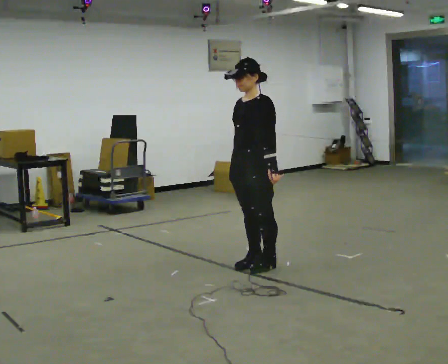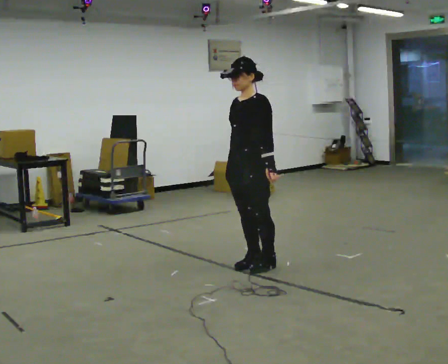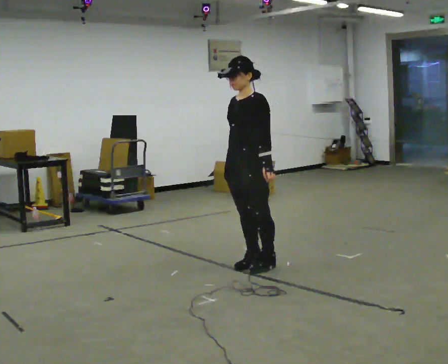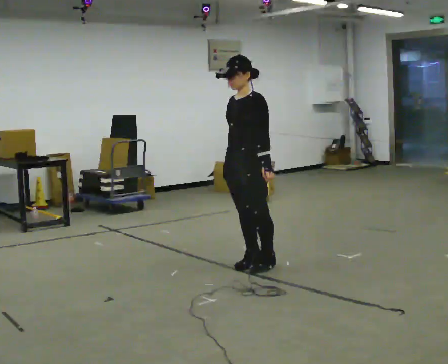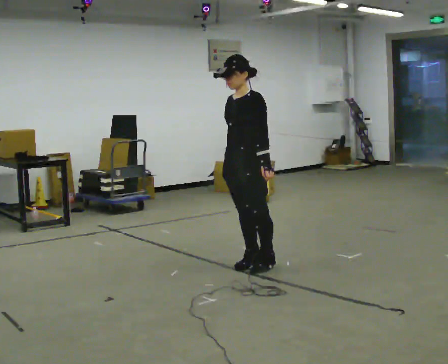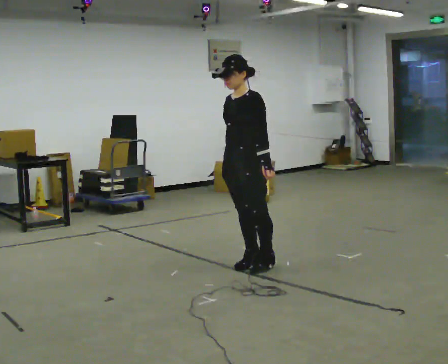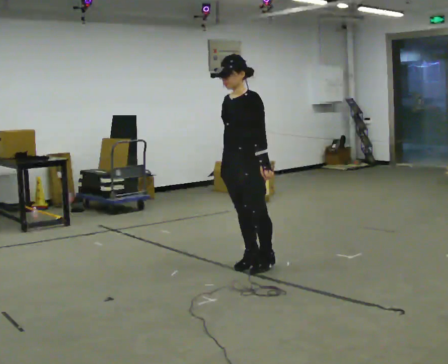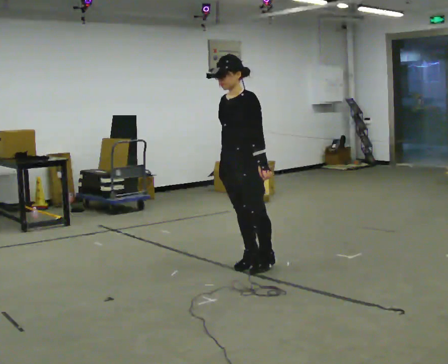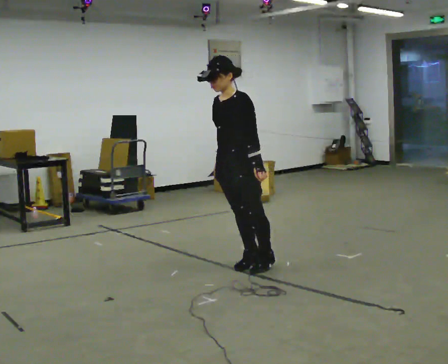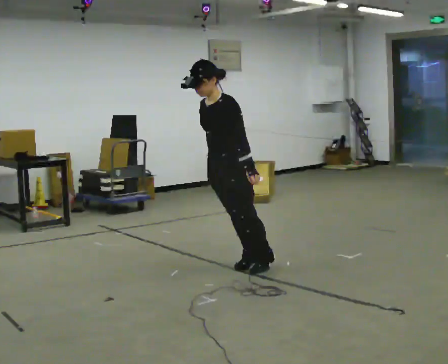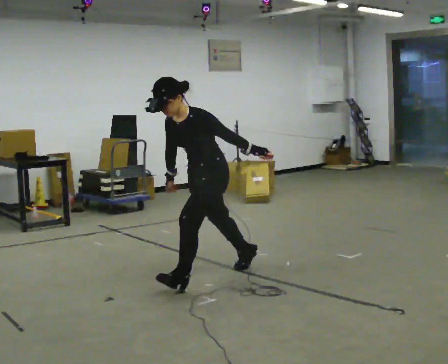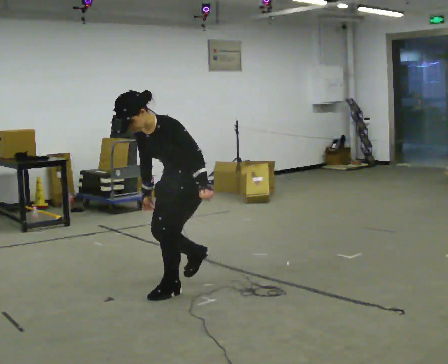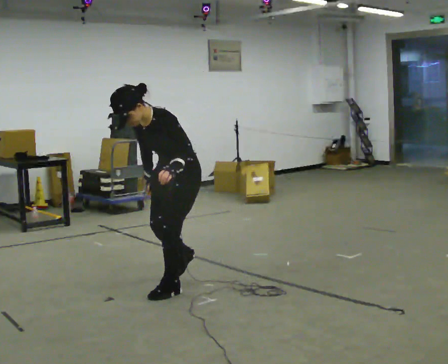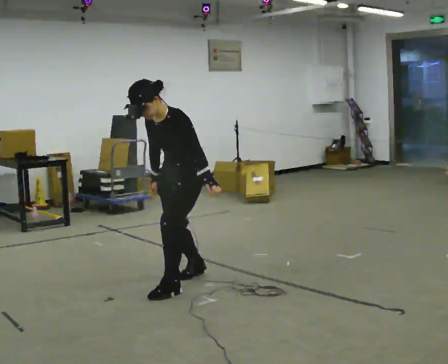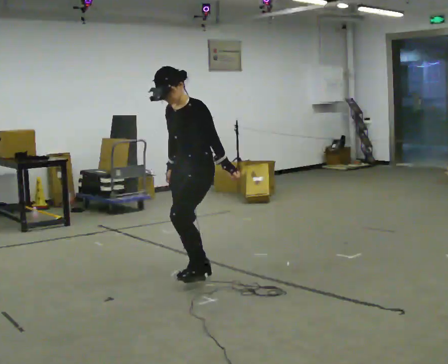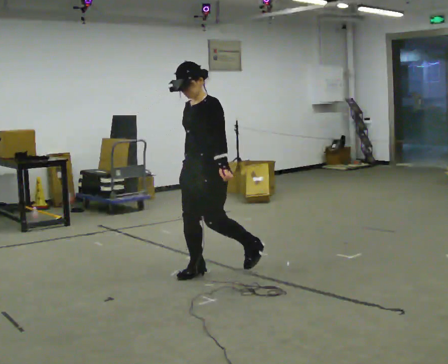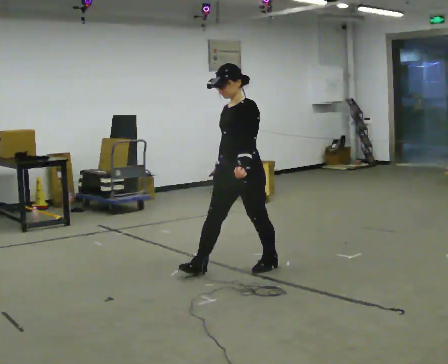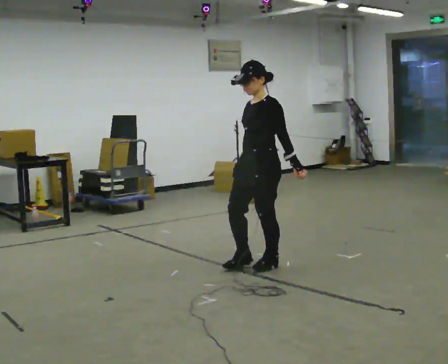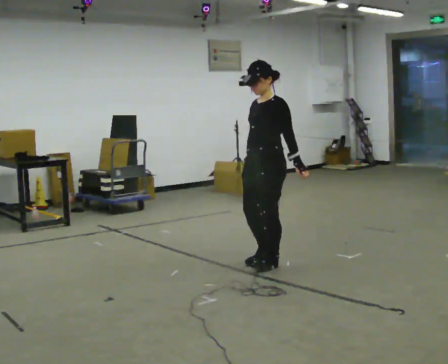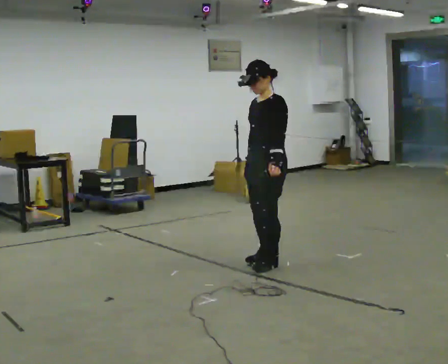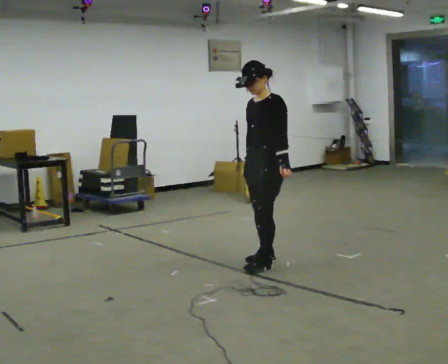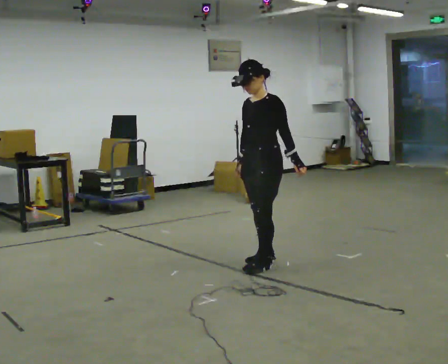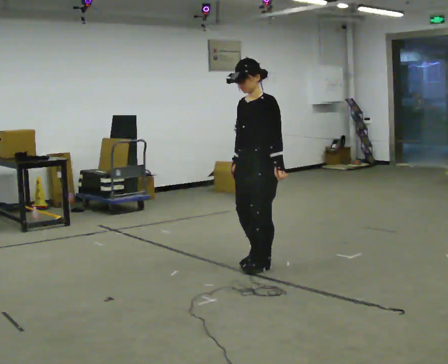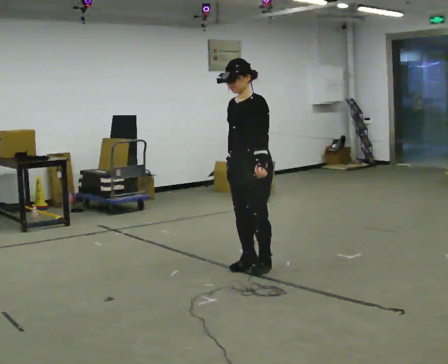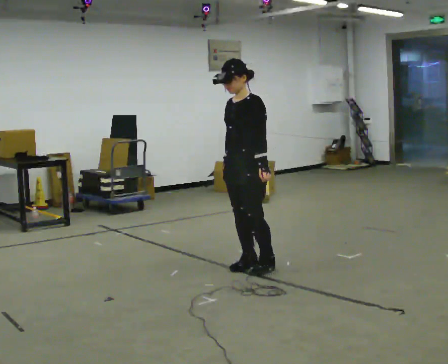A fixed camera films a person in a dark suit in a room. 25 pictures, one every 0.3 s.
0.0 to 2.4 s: The person moves a little, or ends about where they began.
2.4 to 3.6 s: In the picture they go to the left and toward the camera, about 0.5 m in 1 step, which for them is forward. The upper body tips toward the camera, its near side rolling downward, as they bend forward.
3.6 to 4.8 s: In the picture they go to the right and away from the camera, about 0.5 m in 2 steps, which for them is backward. The upper body tips away from the camera, its near side rolling upward, as they lean back or straighten.
4.8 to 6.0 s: In the picture they go away from the camera and to the right, about 0.25 m in 1 step, which for them is backward and to their right.
6.0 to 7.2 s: In the picture they go to the left, about 0.25 m in 1 step, which for them is forward.
The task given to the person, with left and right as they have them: Stand on the marked spots and rise up onto your toes. Stay up until you start to topple forward, then step to catch yourself. Repeat at your own pace until the operator says stop. Go slowly and only as far as you are comfortable. Step whenever you need to; do not try to hold on longer than feels safe.
The film runs forward here.
